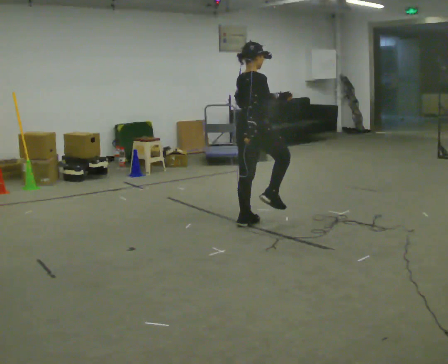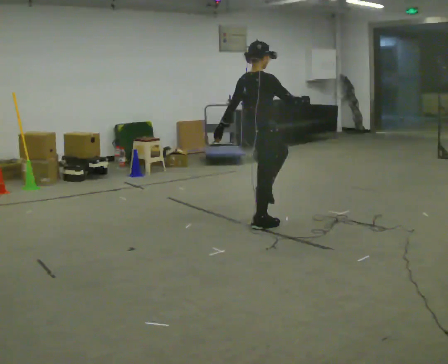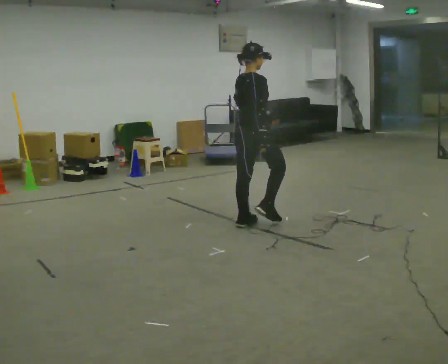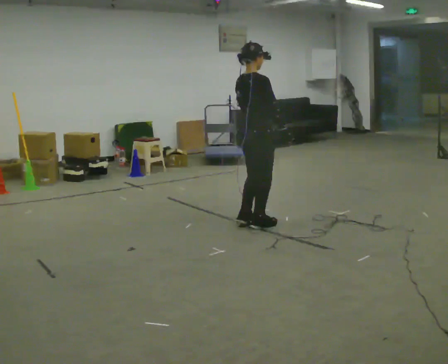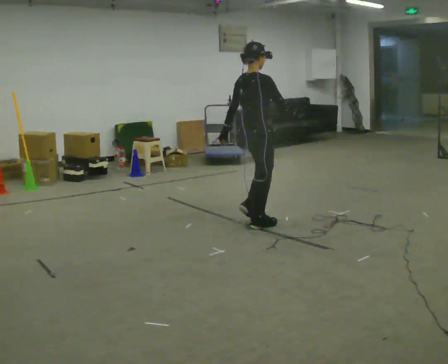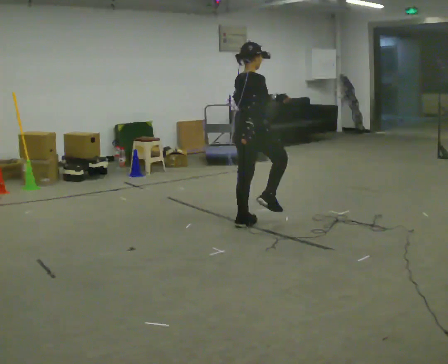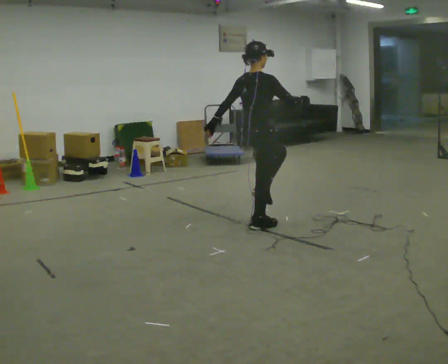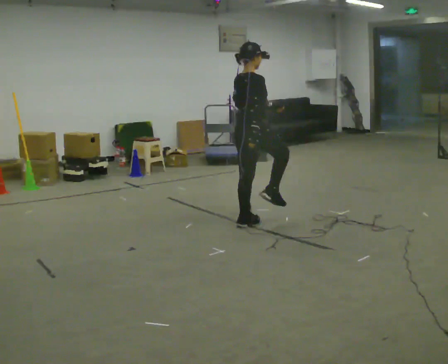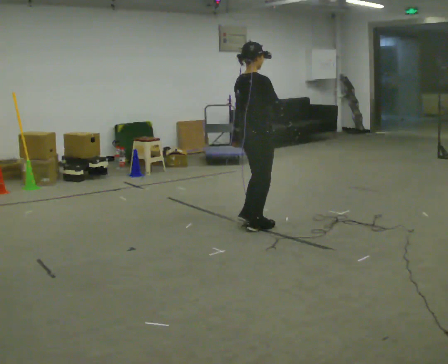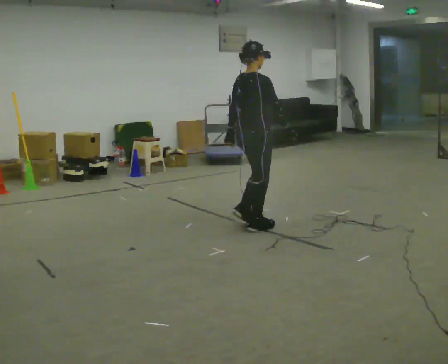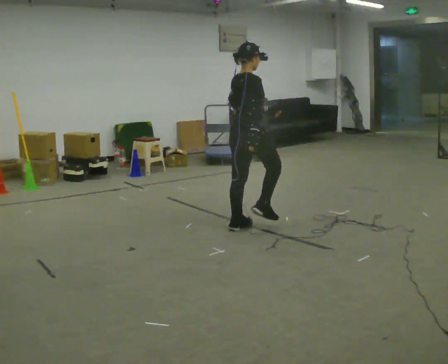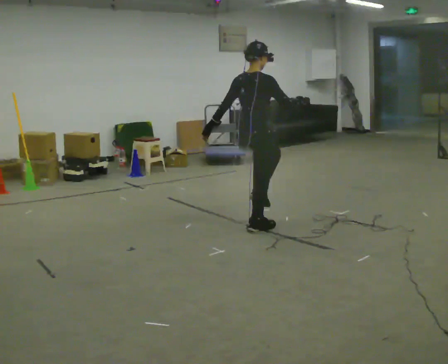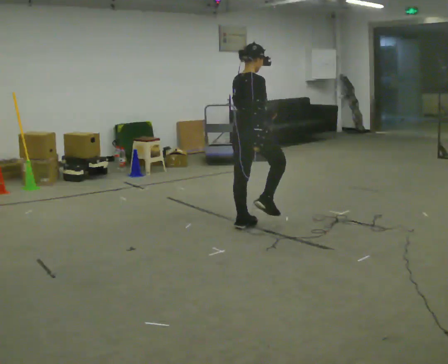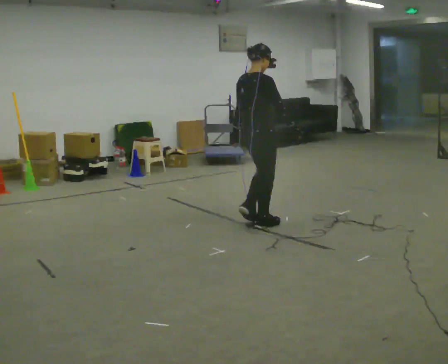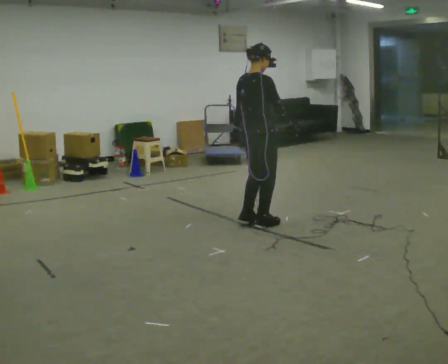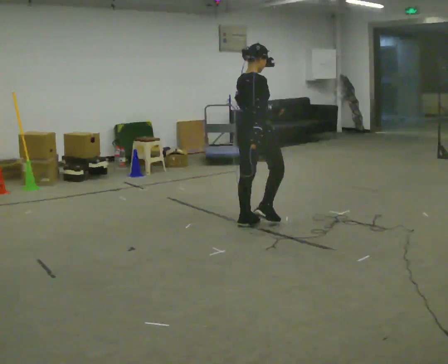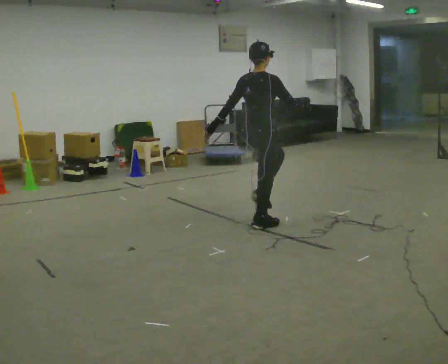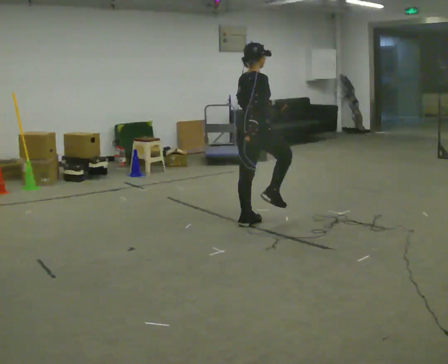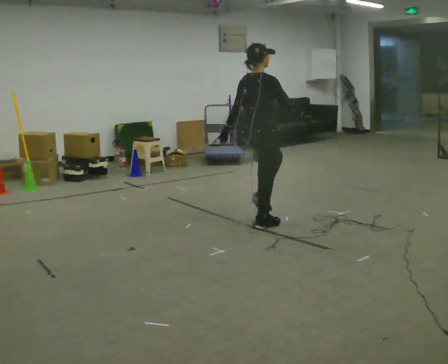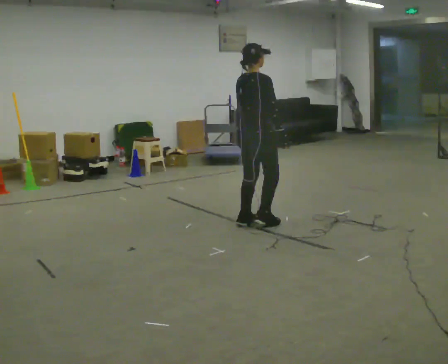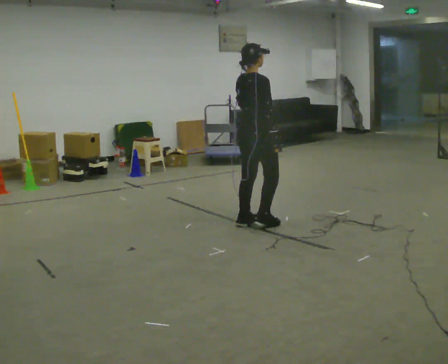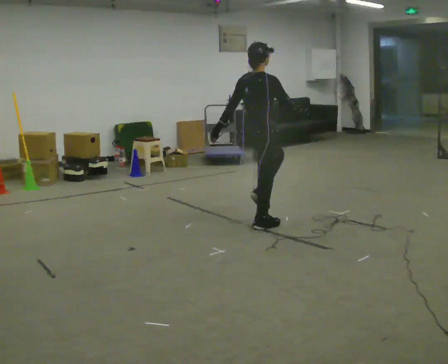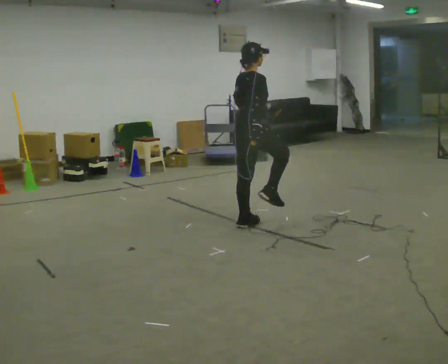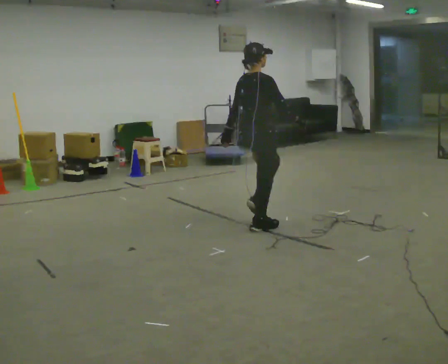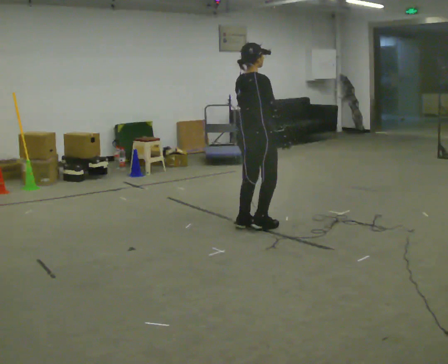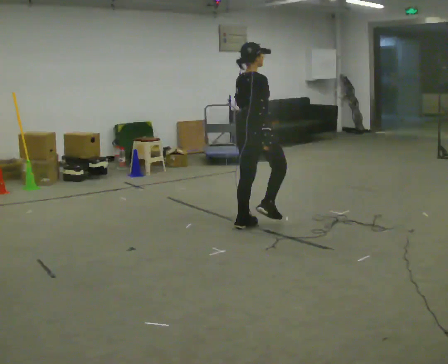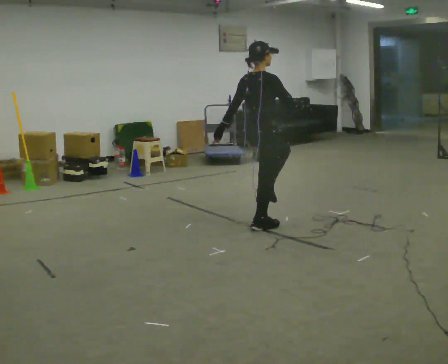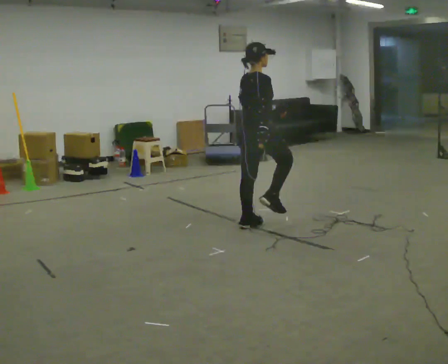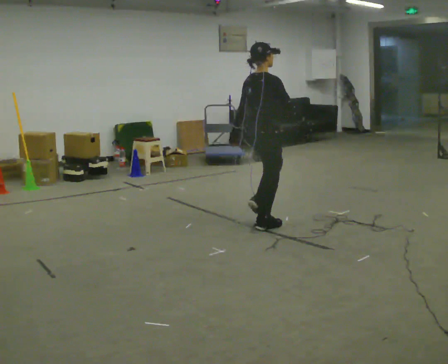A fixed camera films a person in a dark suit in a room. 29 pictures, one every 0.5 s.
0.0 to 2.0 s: In the picture their left hand goes to the left and downward.
2.0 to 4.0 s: The person moves a little, or ends about where they began.
4.0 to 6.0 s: In the picture their right hand goes to the left.
6.0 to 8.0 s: In the picture their left hand goes to the left.
8.0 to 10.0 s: In the picture their left hand goes to the right.
10.0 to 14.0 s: The person moves a little, or ends about where they began.
The film runs forward here.
